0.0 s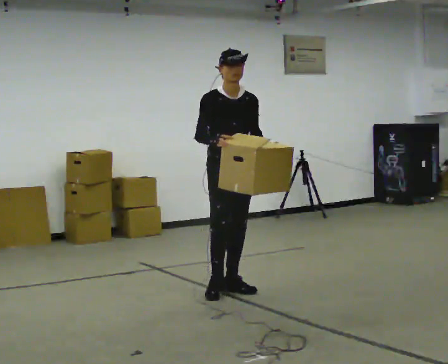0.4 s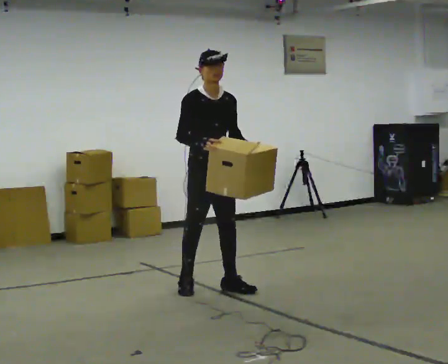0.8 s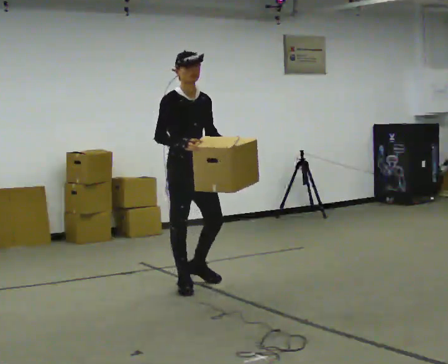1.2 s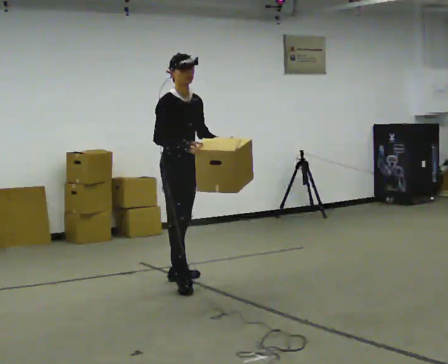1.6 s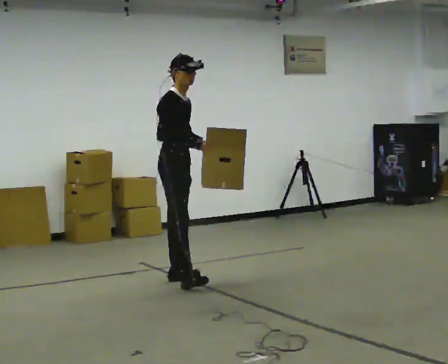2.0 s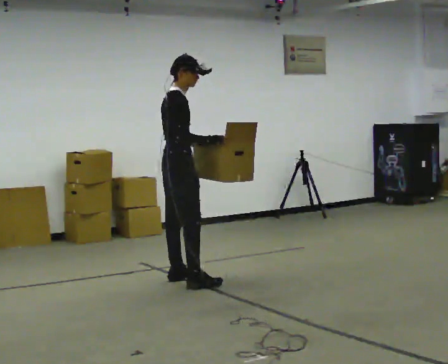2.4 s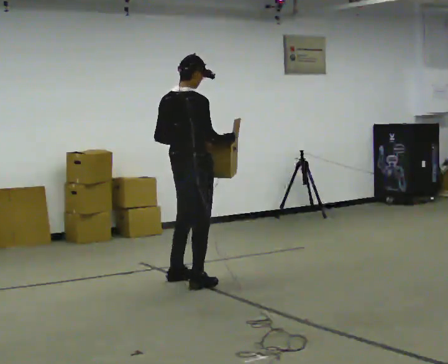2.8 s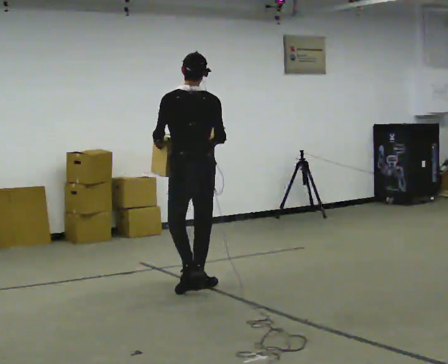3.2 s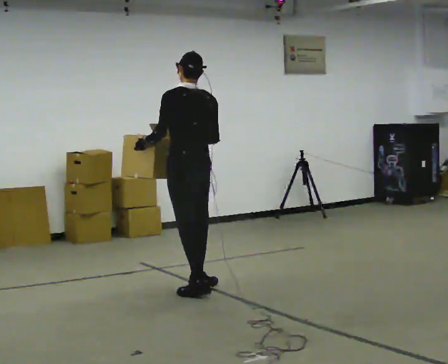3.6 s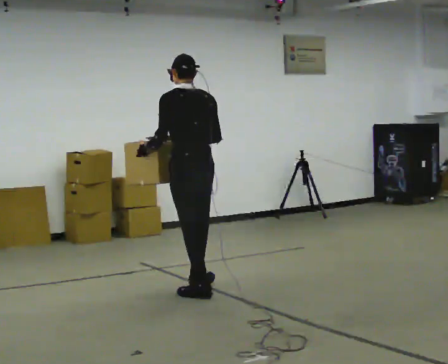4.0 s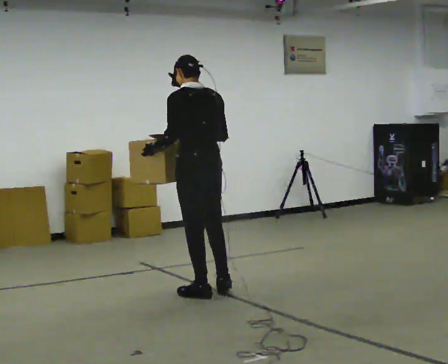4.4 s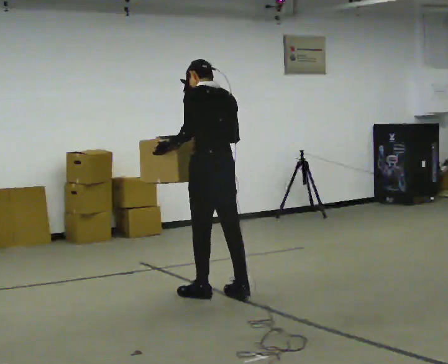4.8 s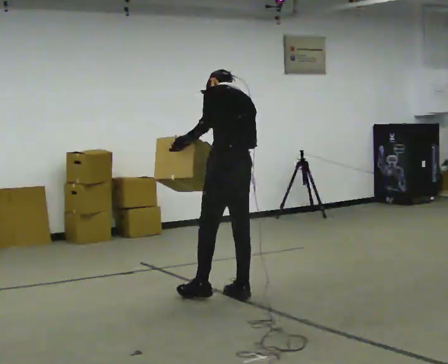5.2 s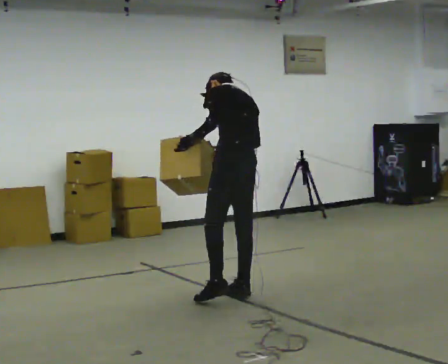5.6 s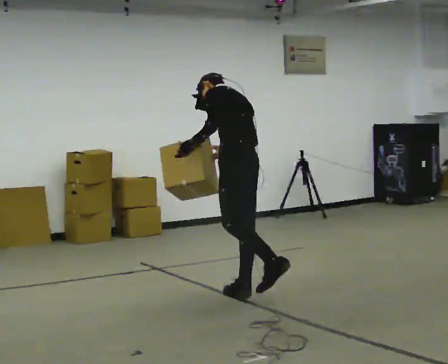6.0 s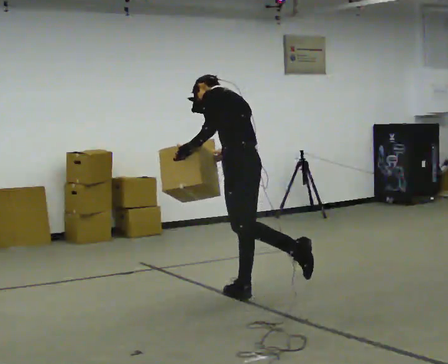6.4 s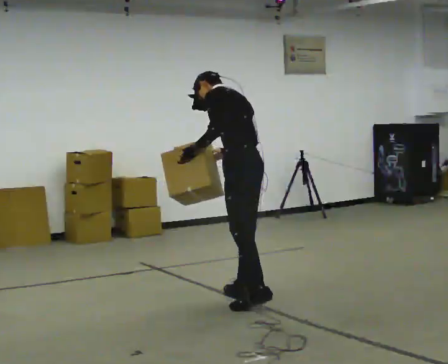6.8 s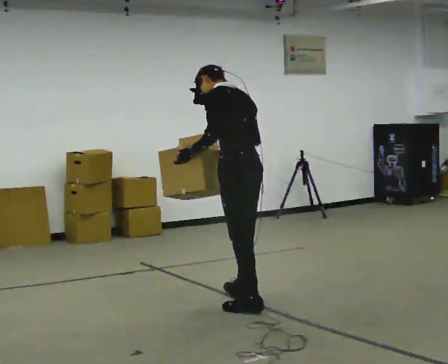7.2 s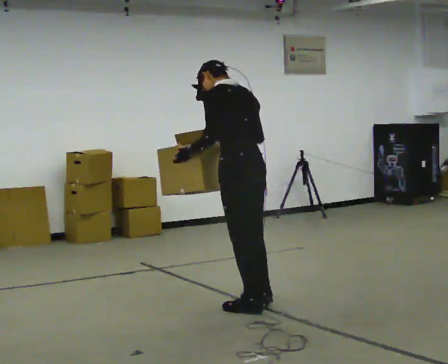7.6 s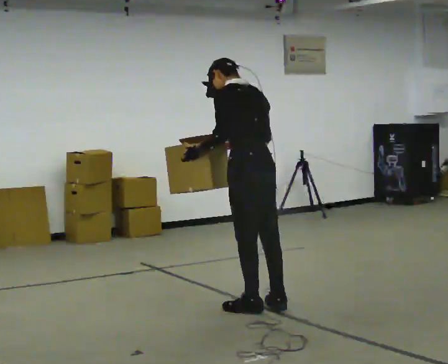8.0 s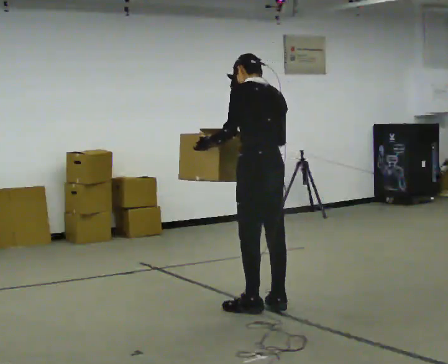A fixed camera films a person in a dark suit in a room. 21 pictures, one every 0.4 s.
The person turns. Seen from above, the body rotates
counterclockwise.
The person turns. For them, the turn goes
to their left.
0.0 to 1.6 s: The part of the body nearest the lens slides to the right as the person turns to their left by about 45 degrees. In the picture they go to the left and away from the camera, about 0.5 m in 1 step, which for them is backward.
1.6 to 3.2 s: Seen from above the body turns counterclockwise, about 135 degrees: to their left, with its near side sliding to the right. In the picture they go toward the camera, about 0.25 m in 1 step.
3.2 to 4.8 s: In the picture they go to the right and toward the camera, about 0.25 m in 2 steps, which for them is backward and to their right. The upper body tips away from the camera, its near side rolling upward, as they bend forward.
4.8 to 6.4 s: In the picture the upper body tilts counterclockwise, shoulders to the left.
6.4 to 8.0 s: In the picture they go toward the camera, about 0.25 m in 1 step, which for them is backward.
The film runs backward here.
